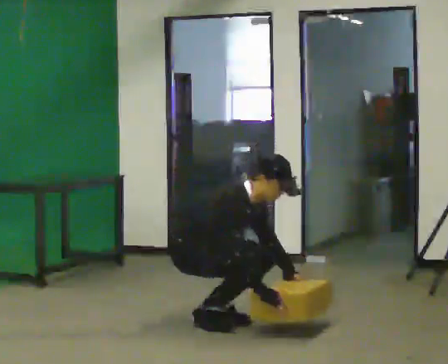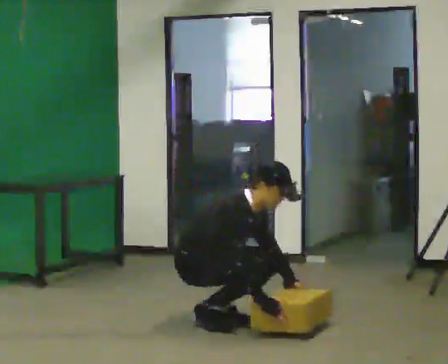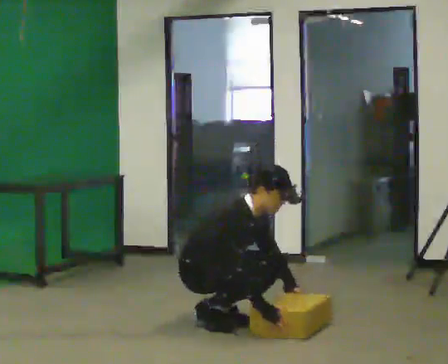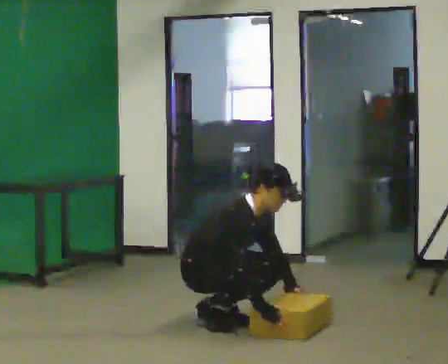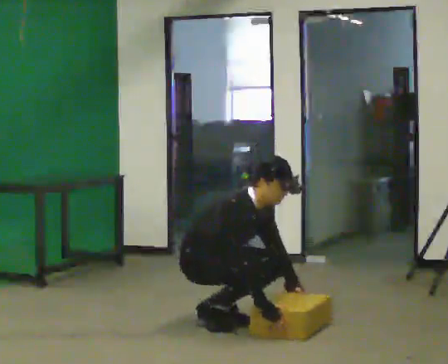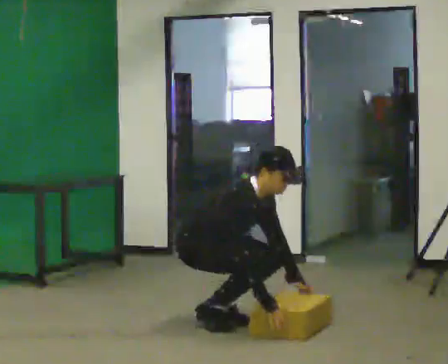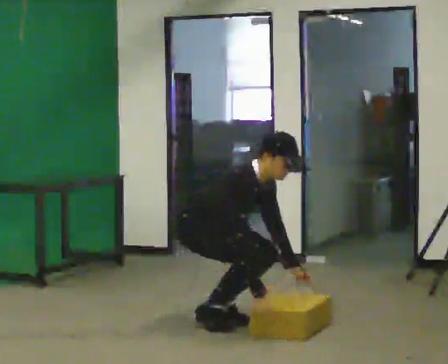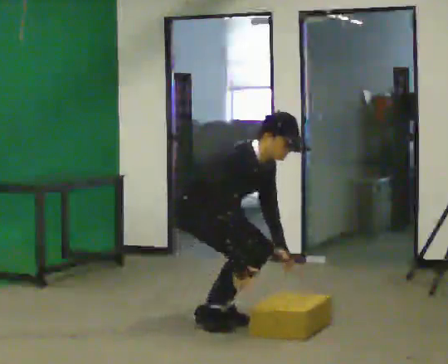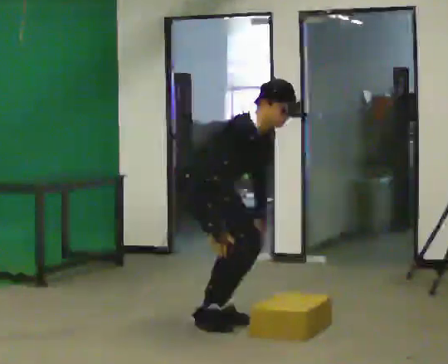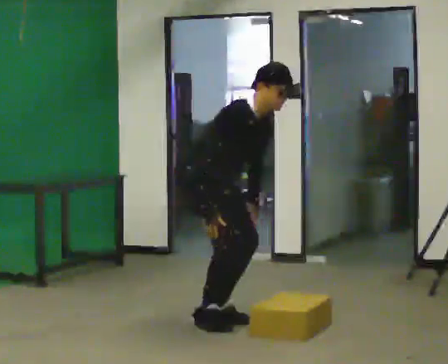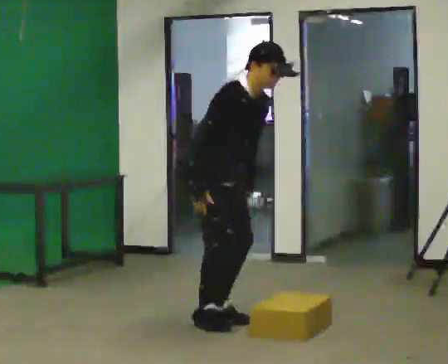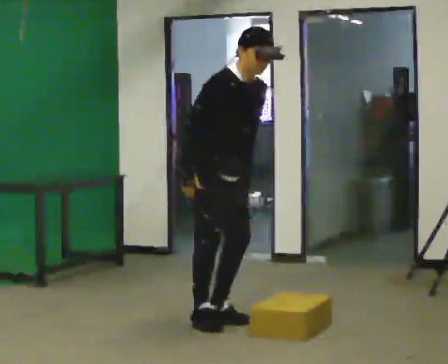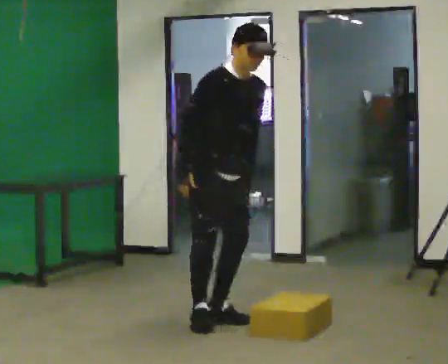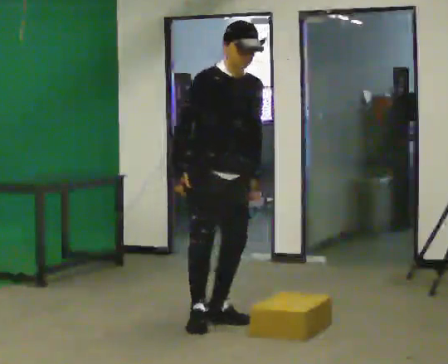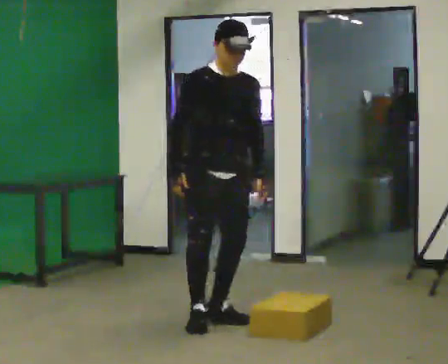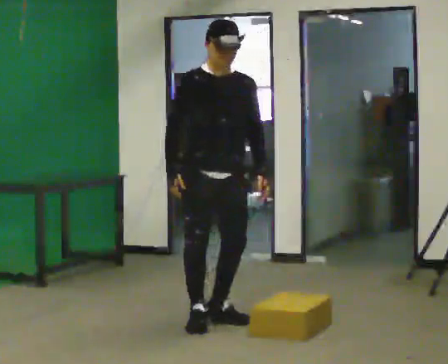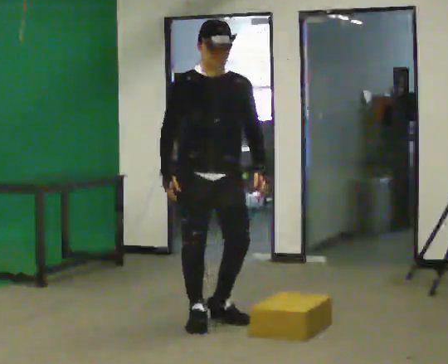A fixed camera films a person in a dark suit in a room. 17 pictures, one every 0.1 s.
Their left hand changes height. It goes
upward.
The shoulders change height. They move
upward.
0.0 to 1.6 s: The person turns about 60 degrees to their right, clockwise seen from above, so the part of the body nearest the lens slides to the left. The shoulders move upward. In the picture the upper body tilts counterclockwise, shoulders to the left, as they lean back or straighten. In the picture their right hand goes upward and to the left.
The film runs forward here.
